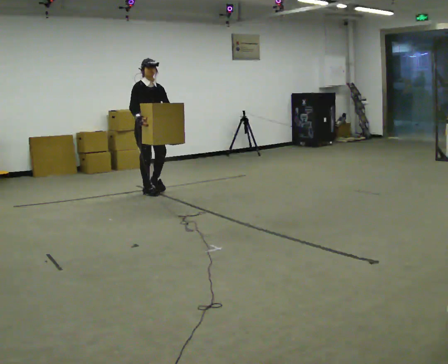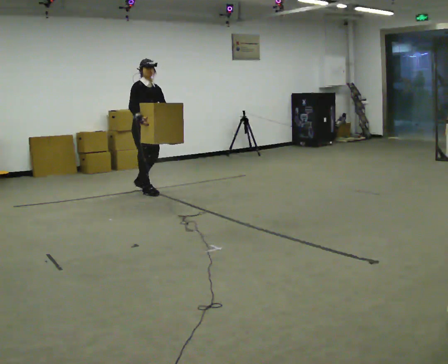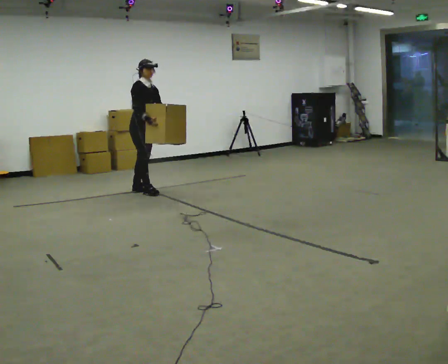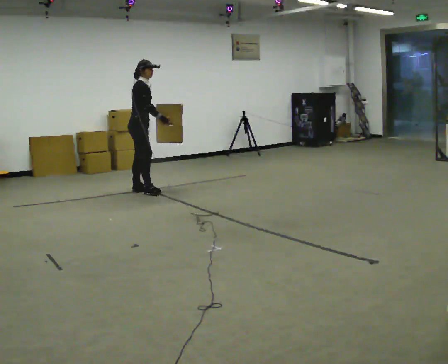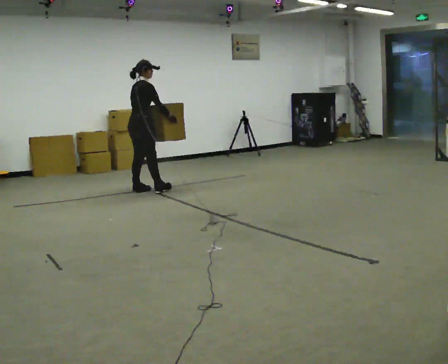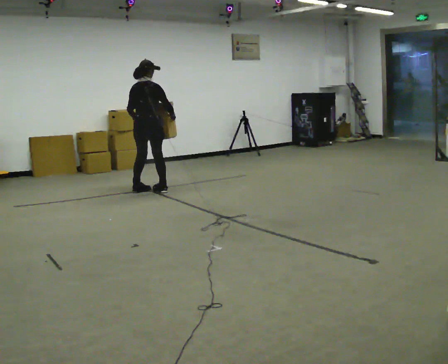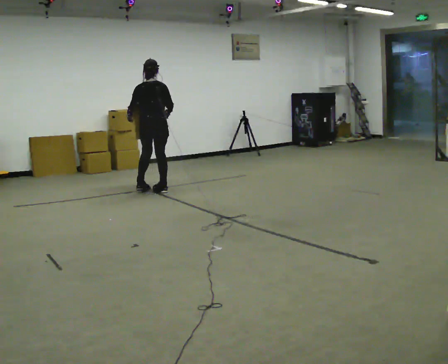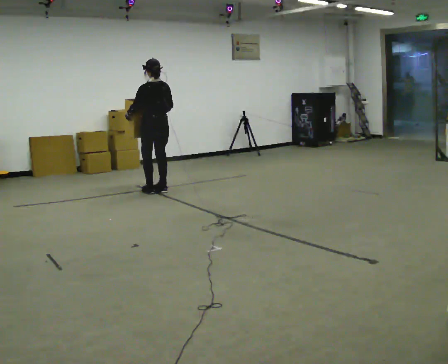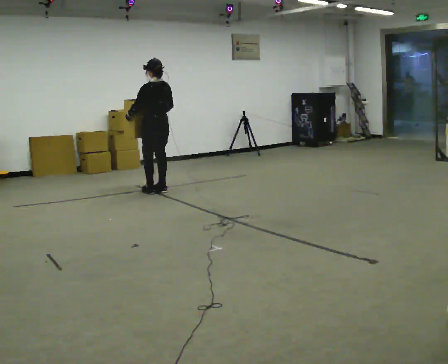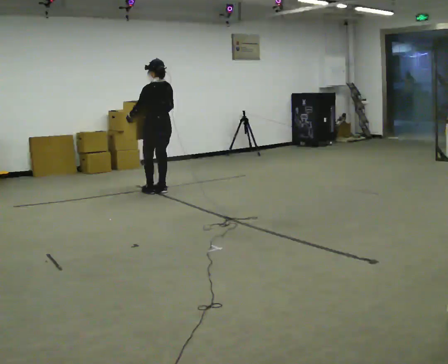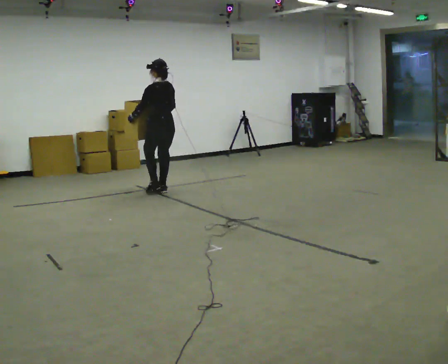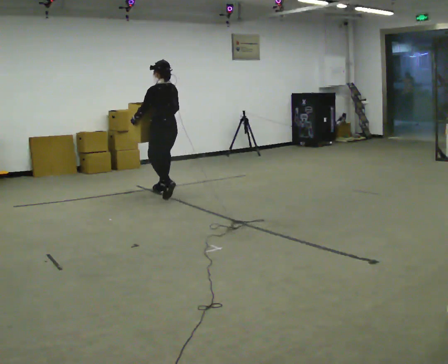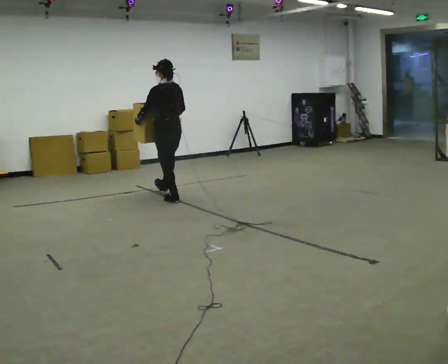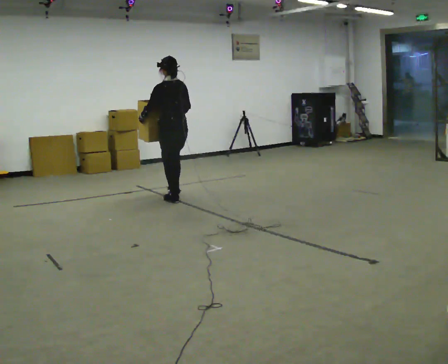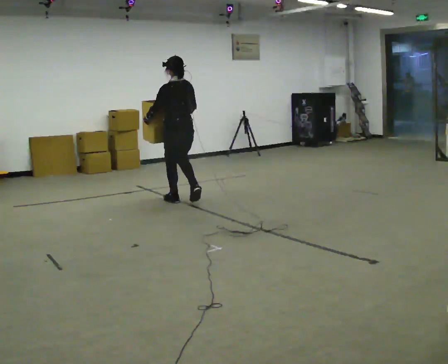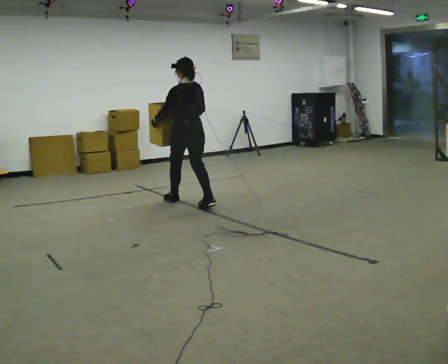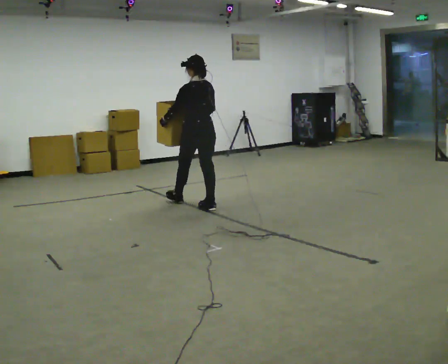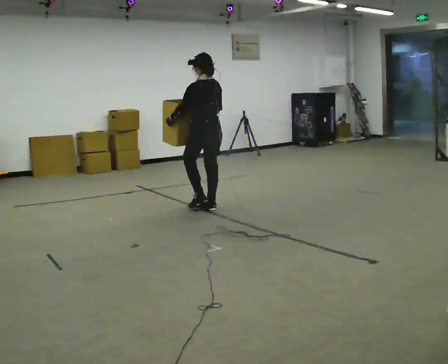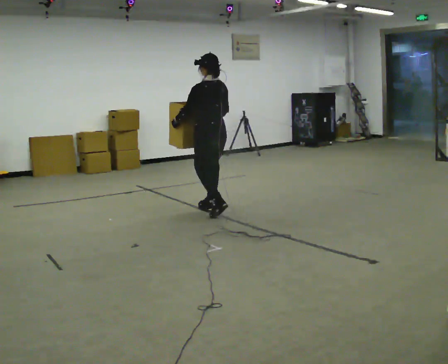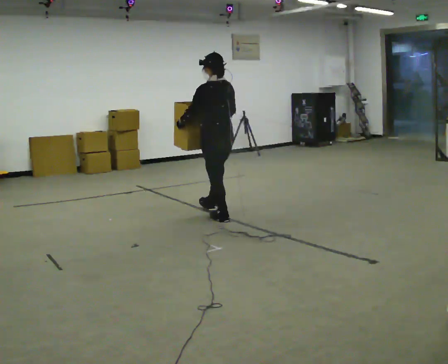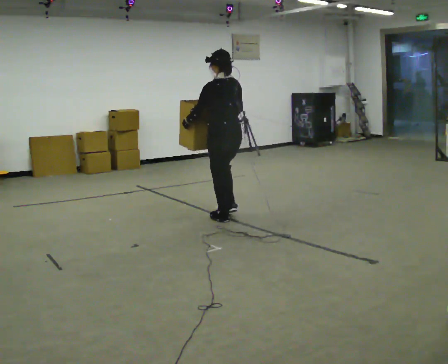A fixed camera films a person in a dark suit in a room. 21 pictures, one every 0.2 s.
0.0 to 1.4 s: The person turns about 165 degrees to their left, counterclockwise seen from above, so the part of the body nearest the lens slides to the right. In the picture their right hand goes to the right.
1.4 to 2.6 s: In the picture they go toward the camera and to the right, about 0.5 m in 2 steps, which for them is backward.
2.6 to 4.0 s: In the picture they go toward the camera and to the right, about 1 m in 2 steps, which for them is backward.
The film runs backward here.
